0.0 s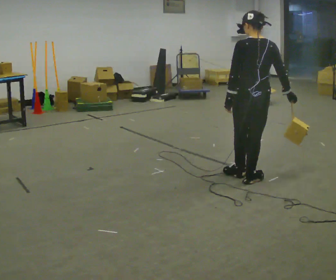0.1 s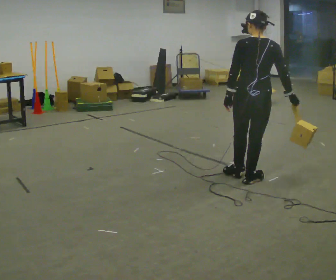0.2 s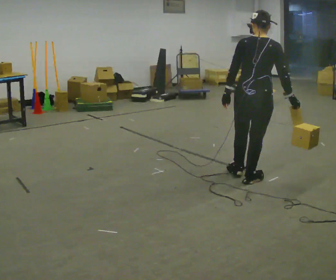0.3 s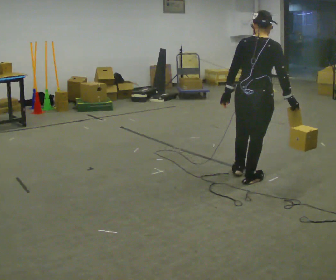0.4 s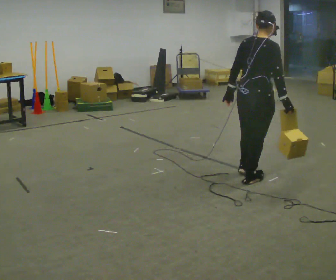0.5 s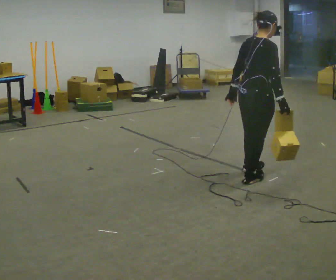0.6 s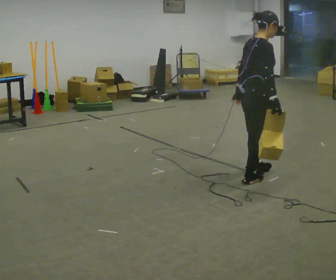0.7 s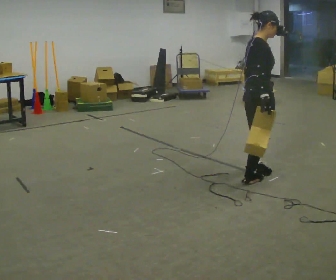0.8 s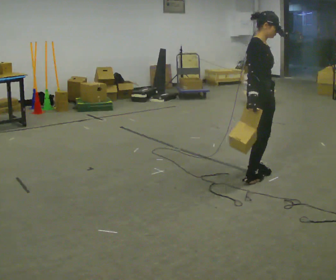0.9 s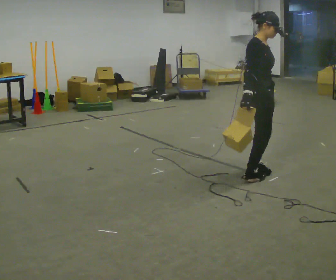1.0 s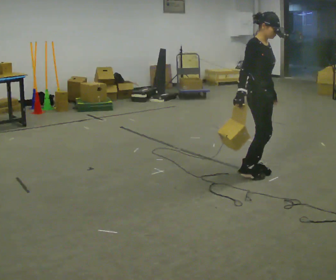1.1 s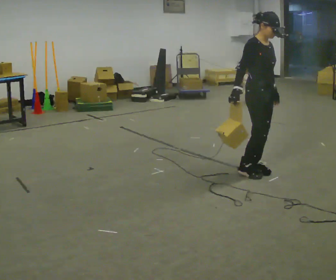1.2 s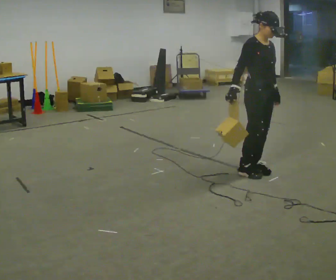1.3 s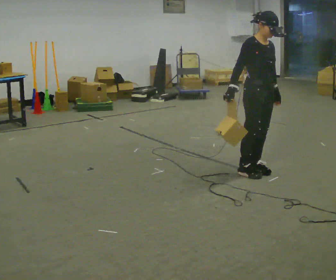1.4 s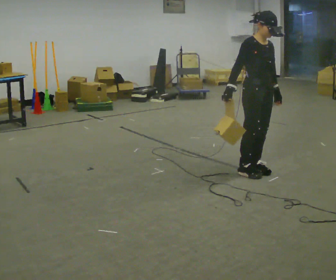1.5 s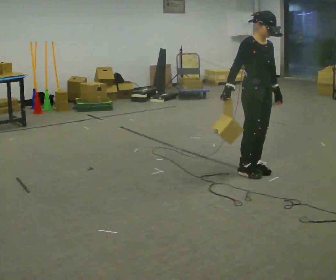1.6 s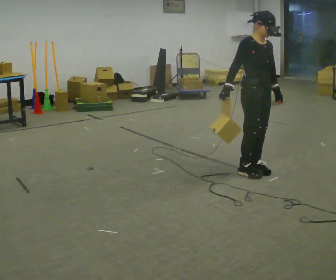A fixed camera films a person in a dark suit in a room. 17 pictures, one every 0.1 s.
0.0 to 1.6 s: The person turns about 150 degrees to their right, clockwise seen from above, so the part of the body nearest the lens slides to the left. In the picture they go away from the camera, about 0.25 m in 2 steps. In the picture their right hand goes to the left, the arm swinging clockwise.
The film runs backward here.
